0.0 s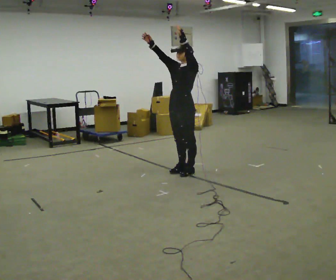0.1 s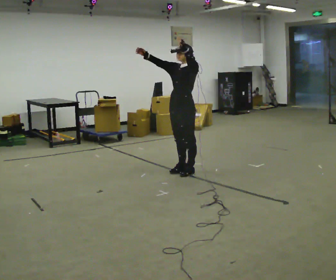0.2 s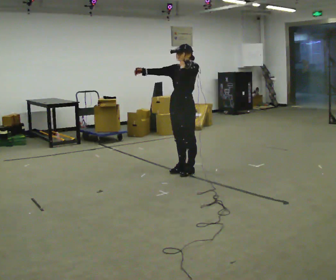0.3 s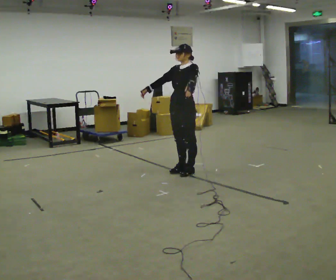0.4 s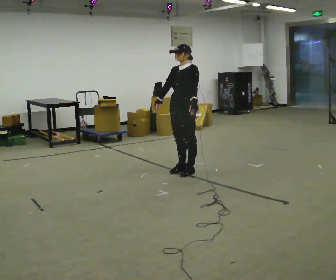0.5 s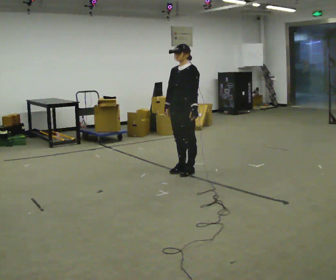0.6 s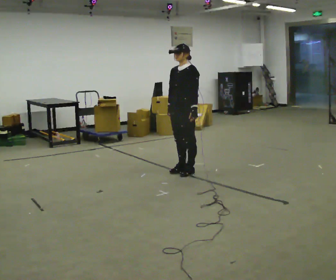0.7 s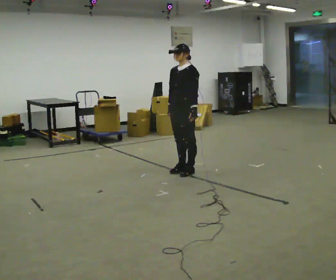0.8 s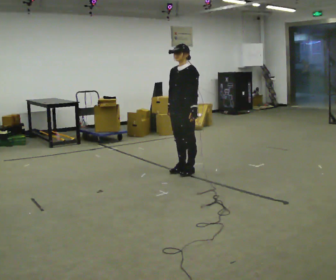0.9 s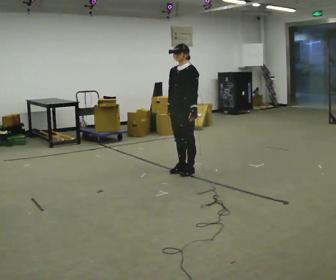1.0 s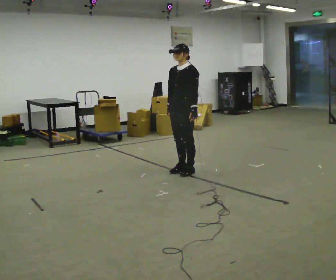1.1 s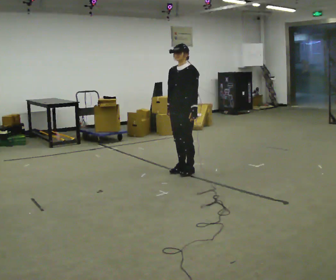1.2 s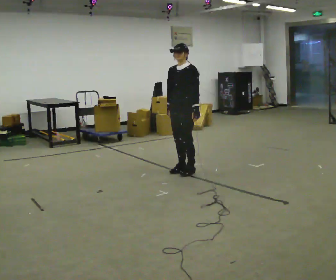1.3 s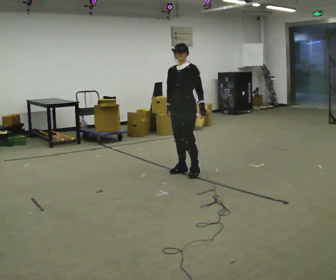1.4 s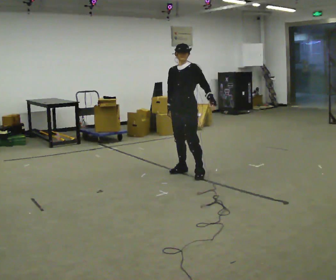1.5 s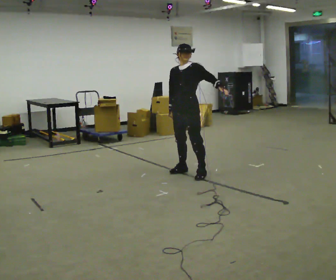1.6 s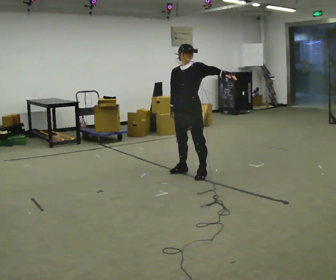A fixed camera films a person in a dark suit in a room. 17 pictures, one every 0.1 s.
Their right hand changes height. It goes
downward.
Their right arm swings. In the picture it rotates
counterclockwise.
0.0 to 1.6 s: In the picture their right hand goes downward, the arm swinging counterclockwise.
The film runs backward here.
